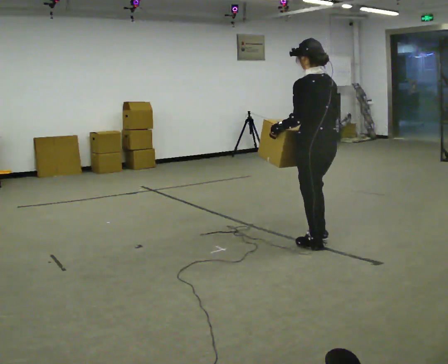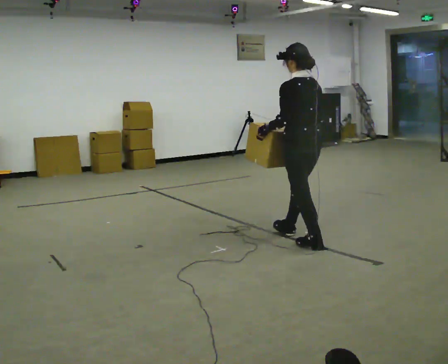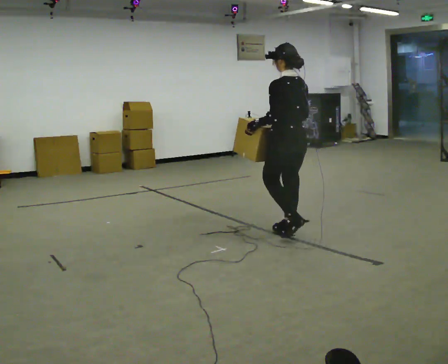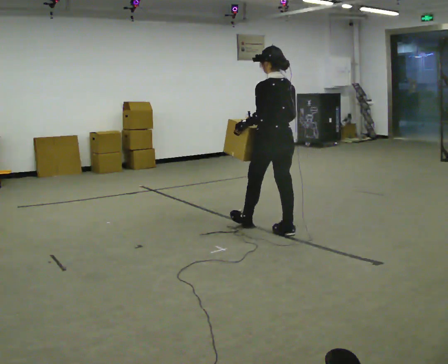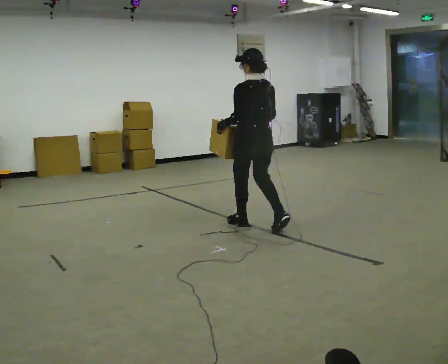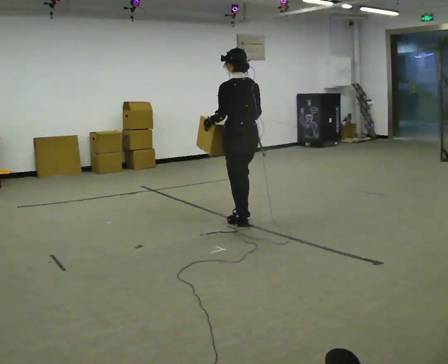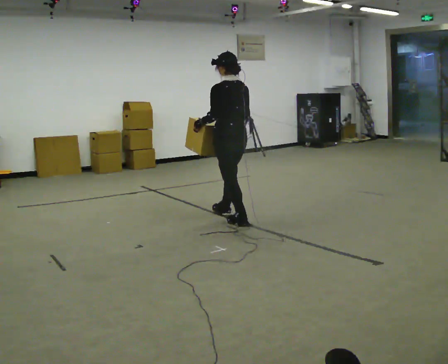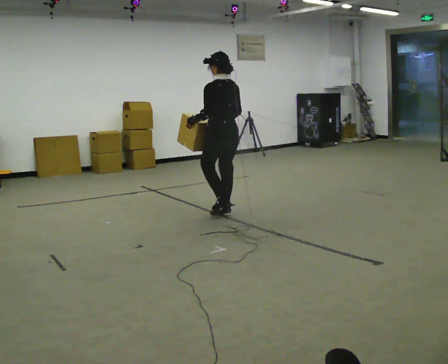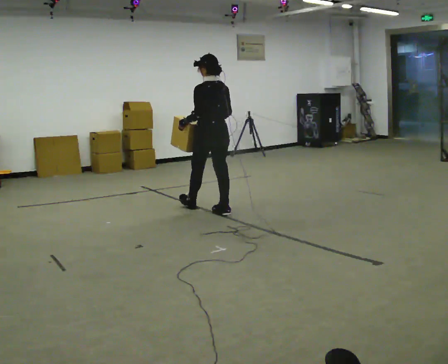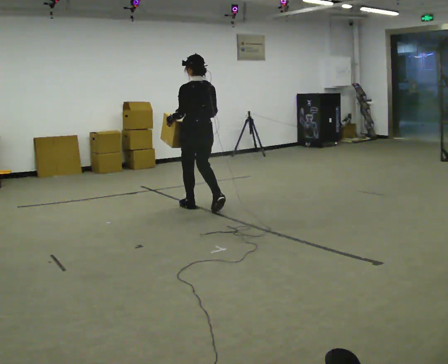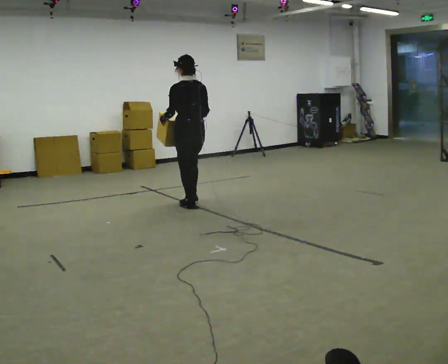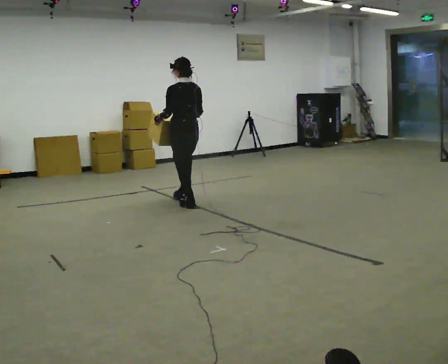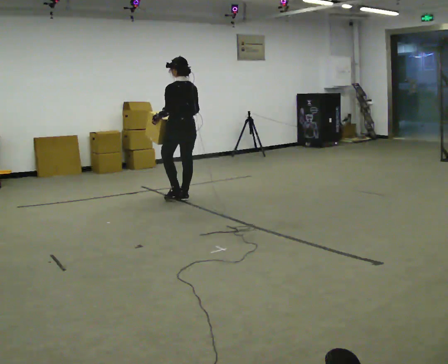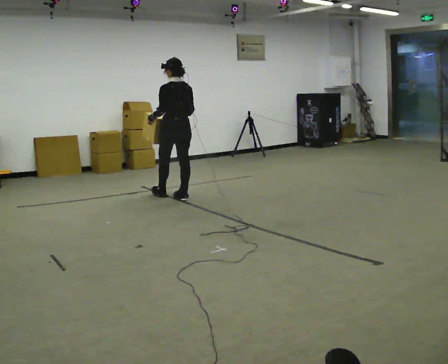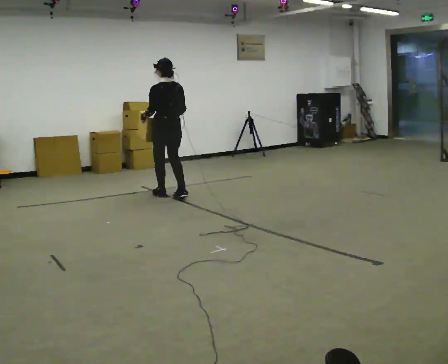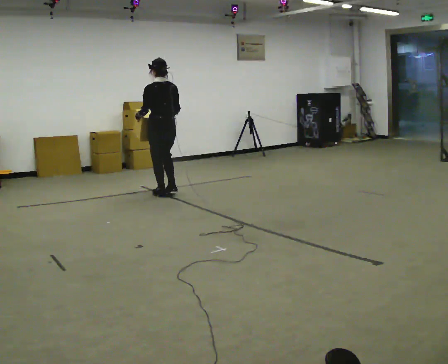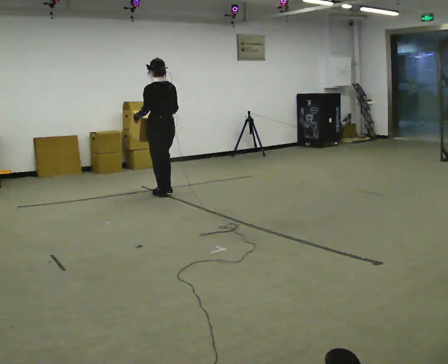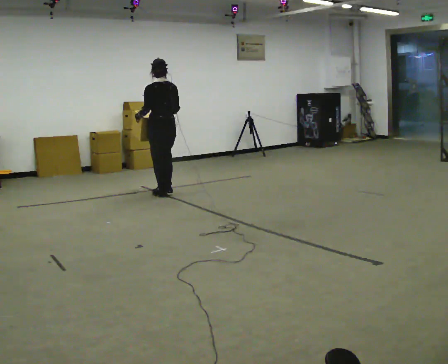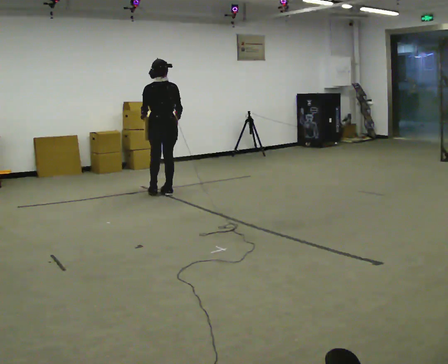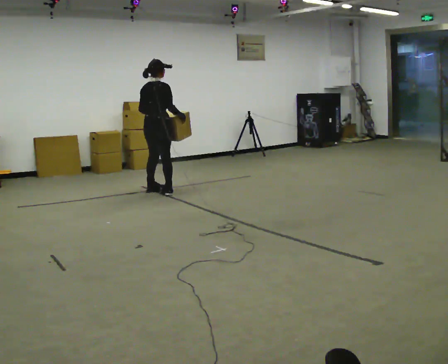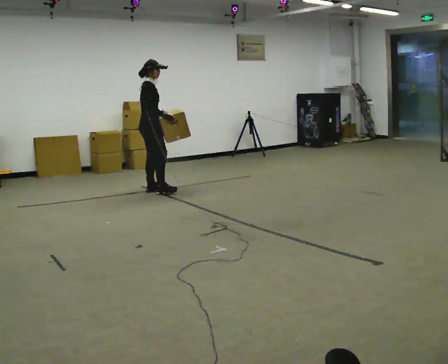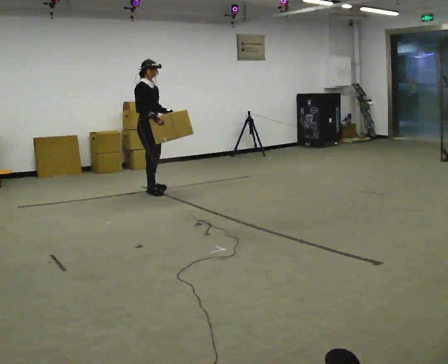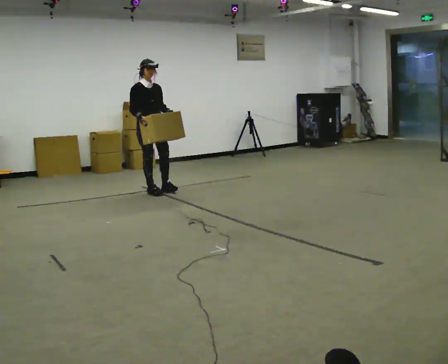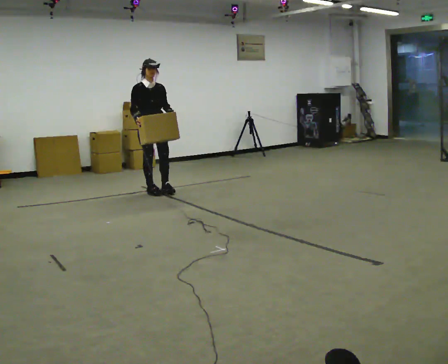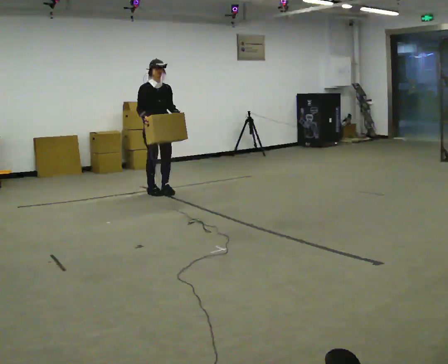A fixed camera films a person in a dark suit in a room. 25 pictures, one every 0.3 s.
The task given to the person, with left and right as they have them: Carry the box across the room, back and forth. The operator will swap between the box with handles and the one without.
0.0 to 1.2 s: In the picture they go away from the camera and to the left, about 1 m in 2 steps, which for them is forward.
1.2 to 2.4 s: In the picture they go away from the camera and to the left, about 0.5 m in 1 step, which for them is forward.
2.4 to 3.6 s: In the picture they go away from the camera and to the left, about 0.75 m in 2 steps, which for them is forward.
3.6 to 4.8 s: In the picture they go away from the camera and to the left, about 0.25 m in 2 steps, which for them is forward.
4.8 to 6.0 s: The part of the body nearest the lens slides to the left as the person turns to their right by about 120 degrees. In the picture they go away from the camera and to the left, about 0.25 m in 1 step.
6.0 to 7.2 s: The person turns about 75 degrees to their right, clockwise seen from above, so the part of the body nearest the lens slides to the left.
The film runs forward here.
